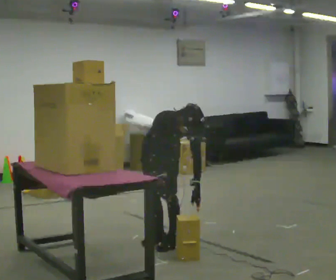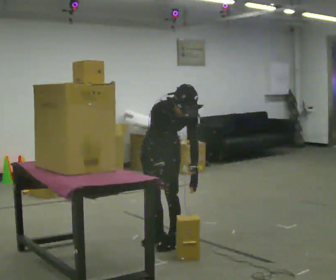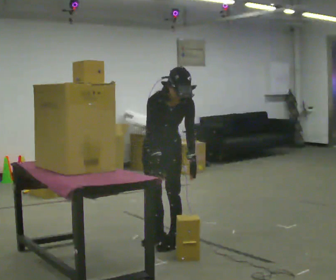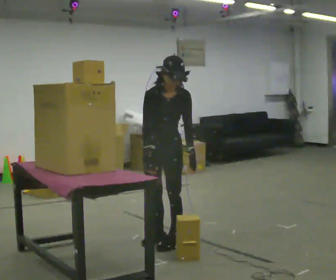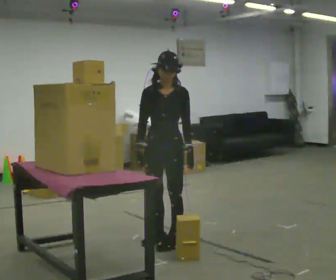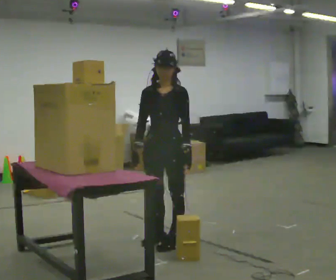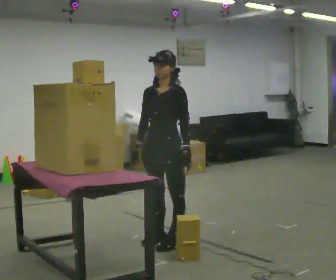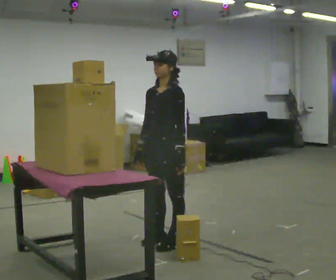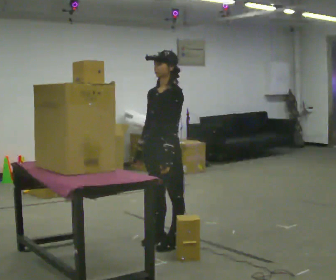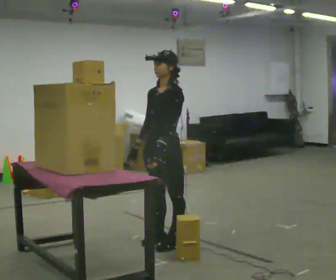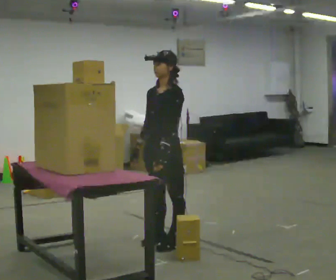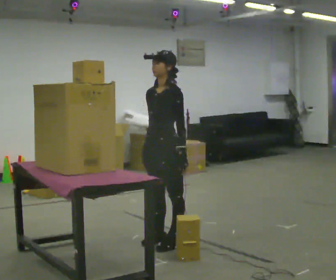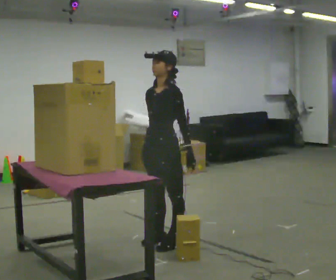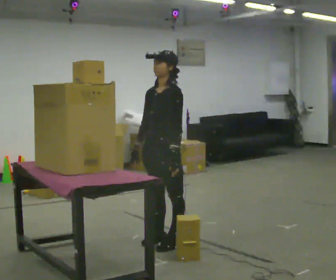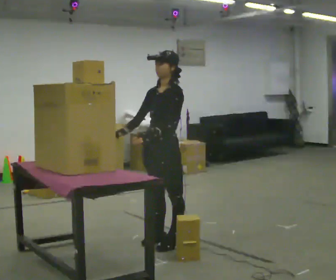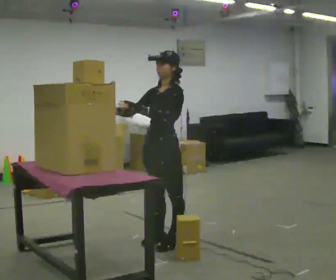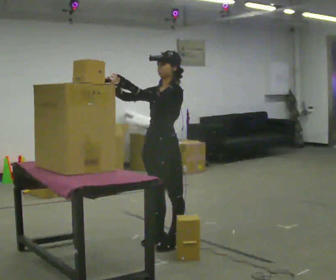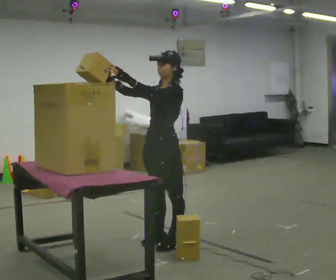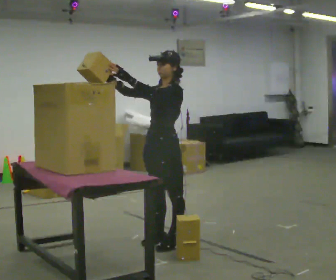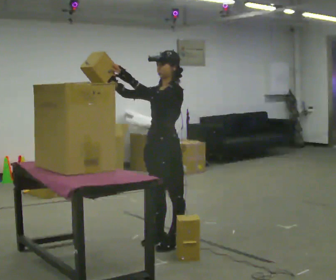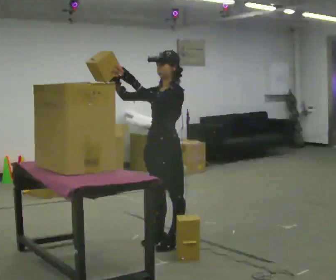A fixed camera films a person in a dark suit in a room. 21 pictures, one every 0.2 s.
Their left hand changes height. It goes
upward.
Their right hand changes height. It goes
upward.
0.0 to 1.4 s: The part of the body nearest the lens slides to the left as the person turns to their right by about 60 degrees. The upper body goes upward. The upper body tips away from the camera, its near side rolling upward, as they lean back or straighten.
1.4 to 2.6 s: The person moves a little, or ends about where they began.
2.6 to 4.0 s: In the picture their left hand goes upward and to the left.
The film runs backward here.
